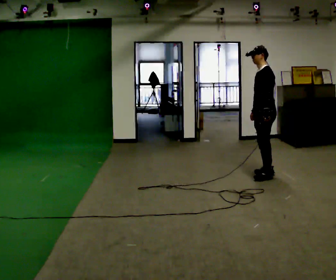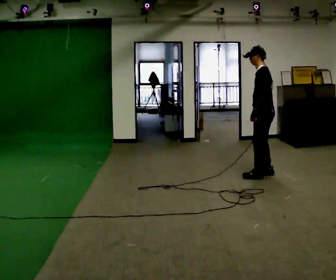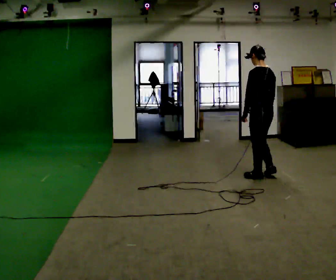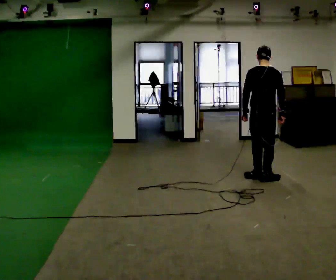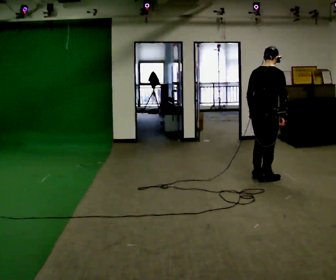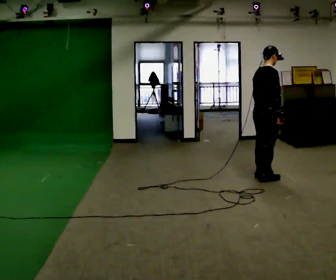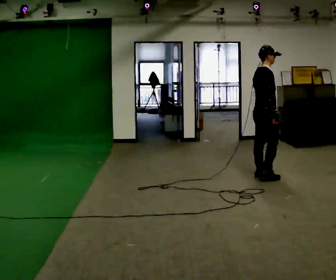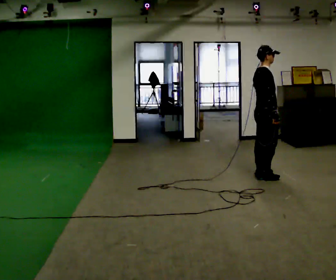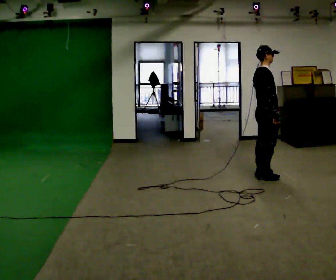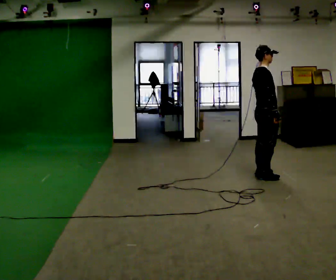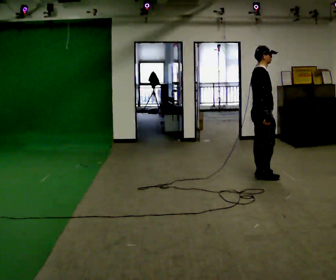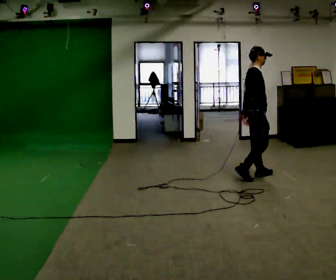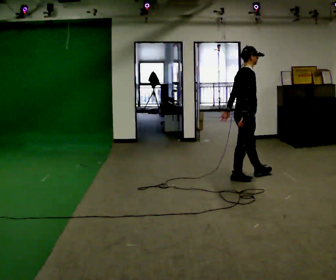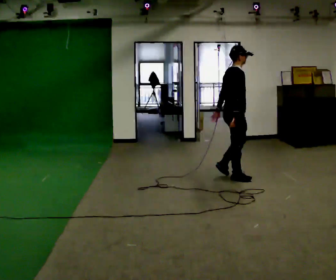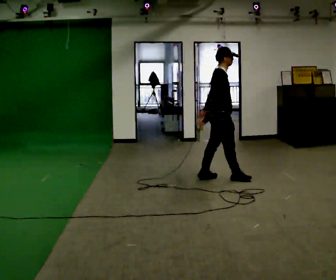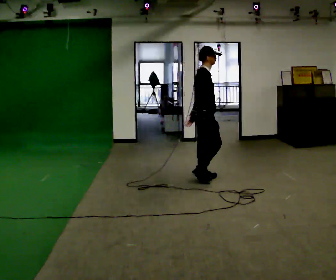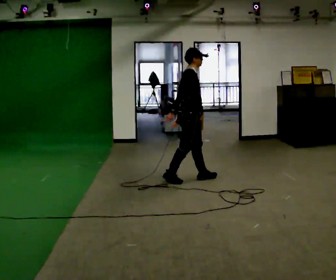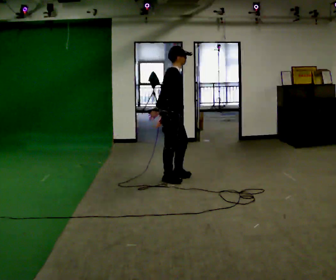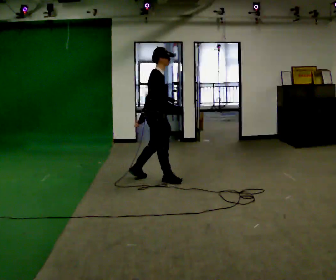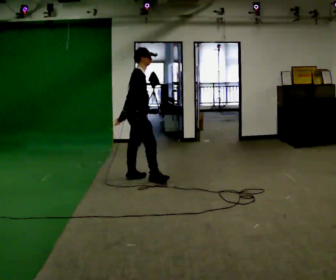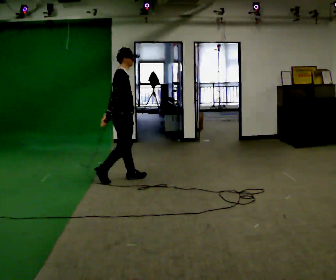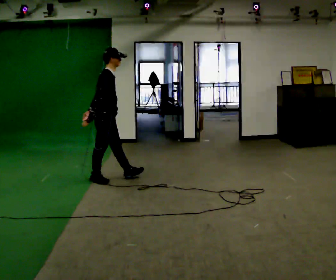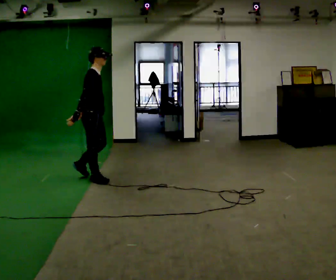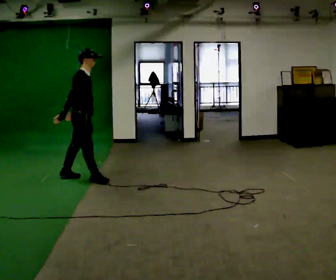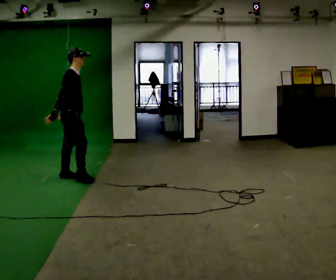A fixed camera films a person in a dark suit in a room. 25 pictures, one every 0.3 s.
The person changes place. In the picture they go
to the left.
0.0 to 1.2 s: The part of the body nearest the lens slides to the left as the person turns to their right by about 135 degrees. In the picture they go toward the camera, about 0.25 m in 1 step.
1.2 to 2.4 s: The person turns about 45 degrees to their right, clockwise seen from above, so the part of the body nearest the lens slides to the left. In the picture they go away from the camera, about 0.25 m, which for them is to their left.
2.4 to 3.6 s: In the picture they go to the left, about 0.25 m in 1 step, which for them is backward.
3.6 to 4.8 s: In the picture they go to the left, about 0.75 m in 2 steps, which for them is backward.
4.8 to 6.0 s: In the picture they go to the left, about 1 m in 2 steps, which for them is backward.
6.0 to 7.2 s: In the picture they go to the left, about 0.75 m in 2 steps, which for them is backward.
The film runs backward here.
